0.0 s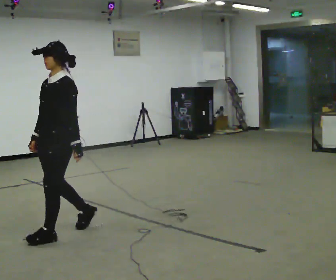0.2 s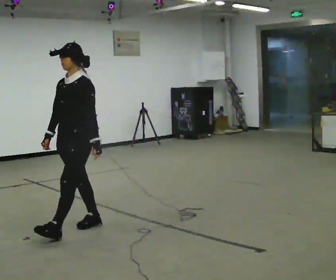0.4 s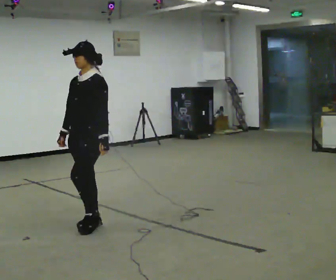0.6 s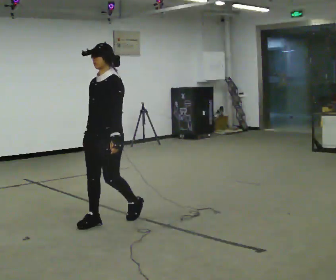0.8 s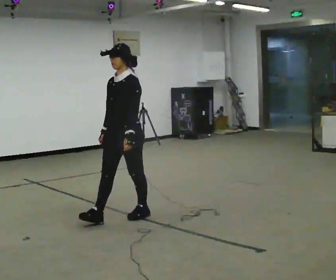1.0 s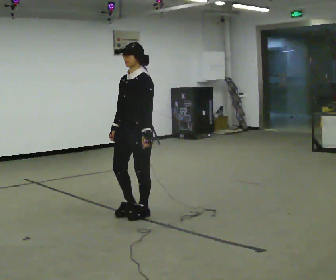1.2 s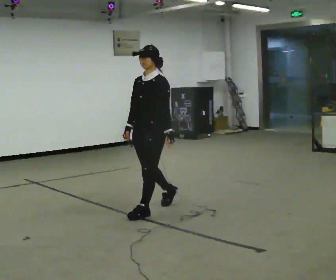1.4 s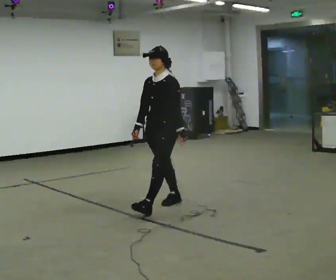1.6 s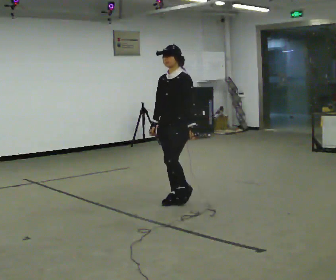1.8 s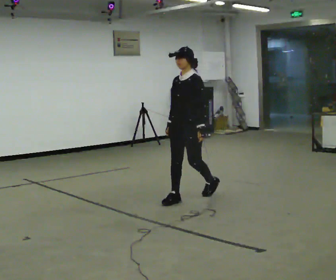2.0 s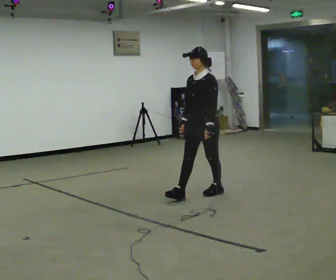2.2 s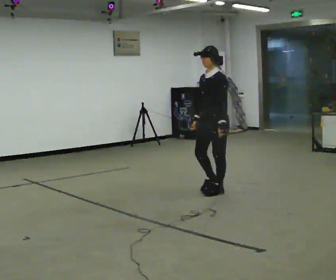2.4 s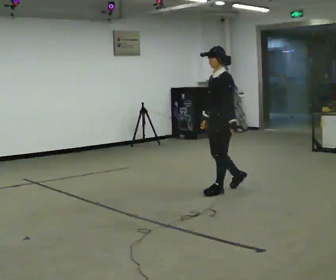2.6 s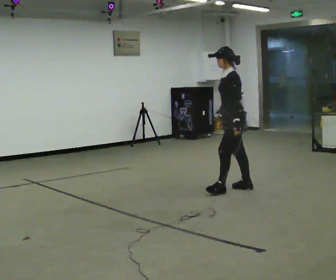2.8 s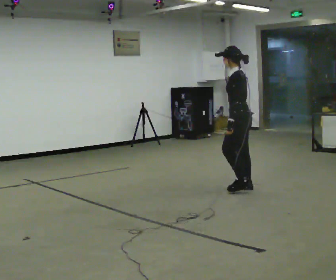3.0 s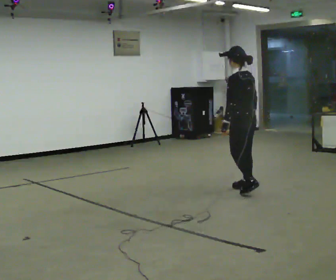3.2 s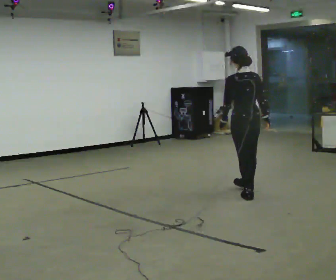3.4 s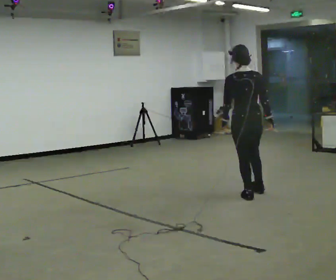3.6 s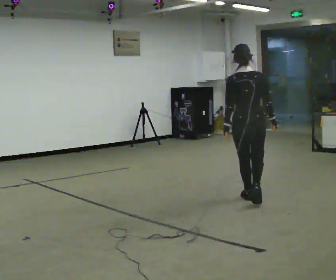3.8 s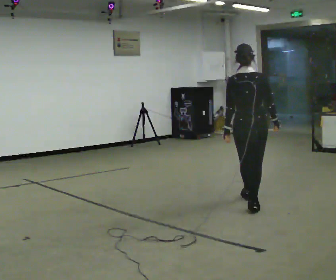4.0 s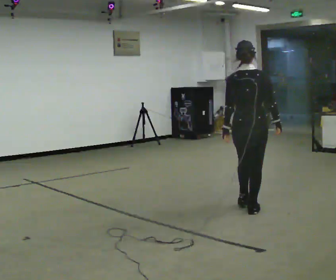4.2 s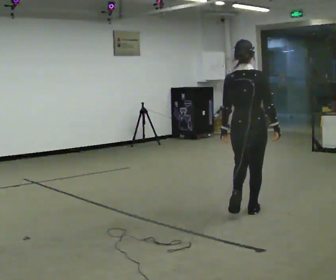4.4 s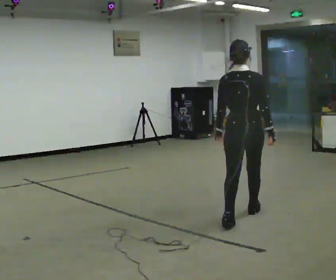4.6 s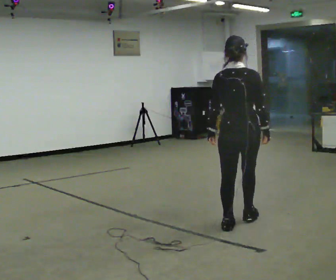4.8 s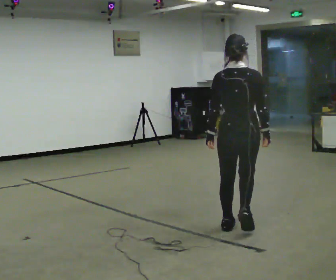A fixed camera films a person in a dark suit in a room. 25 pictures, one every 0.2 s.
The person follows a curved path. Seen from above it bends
clockwise.
The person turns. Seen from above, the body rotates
clockwise.
0.0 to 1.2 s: In the picture they go away from the camera and to the right, about 1 m in 2 steps, which for them is backward.
1.2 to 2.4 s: In the picture they go away from the camera and to the right, about 1 m in 2 steps, which for them is backward.
2.4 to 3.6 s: The person turns about 120 degrees to their right, clockwise seen from above, so the part of the body nearest the lens slides to the left. In the picture they go toward the camera and to the right, about 0.5 m in 2 steps.
3.6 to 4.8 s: In the picture they go toward the camera, about 1 m in 2 steps, which for them is backward.
The film runs backward here.
